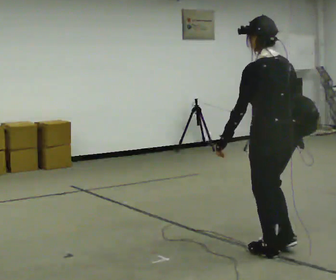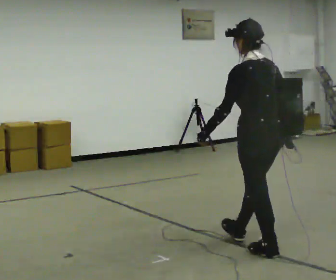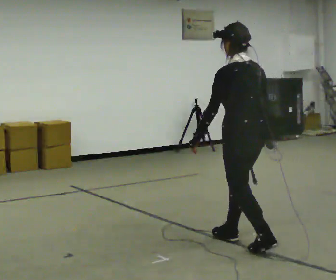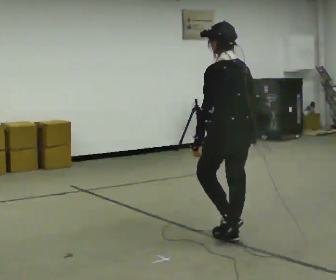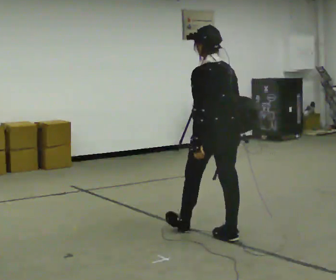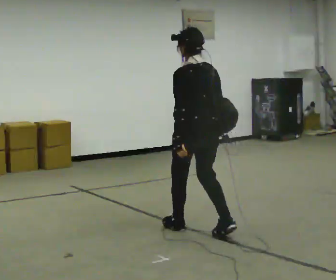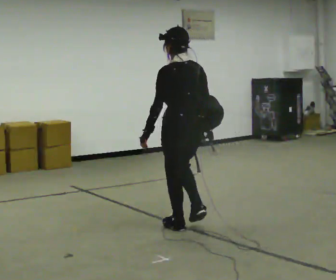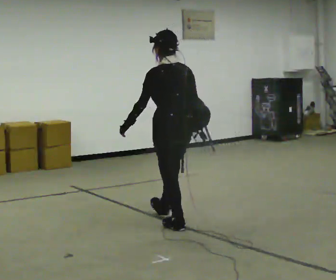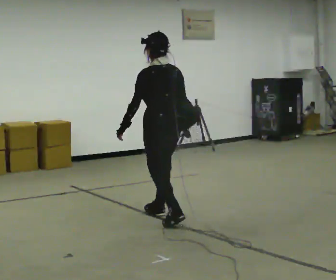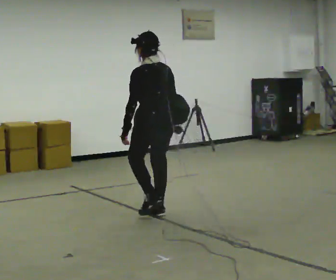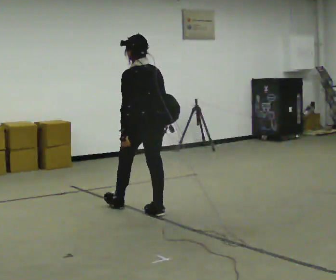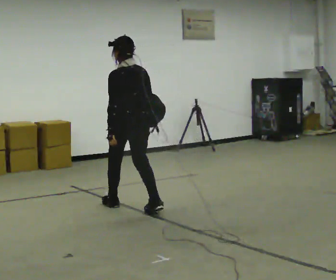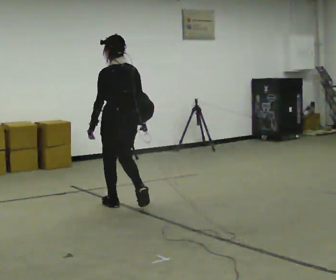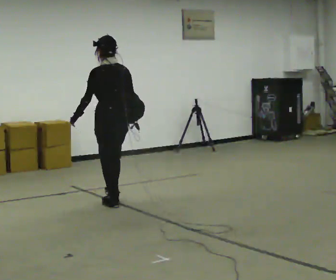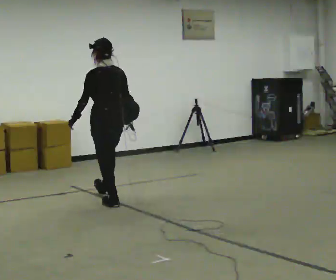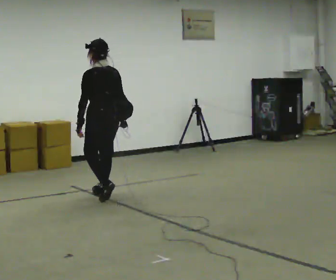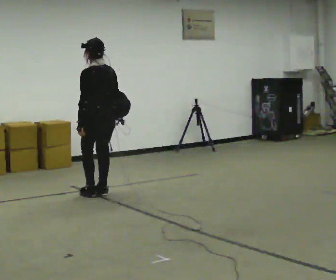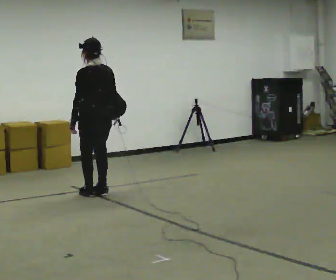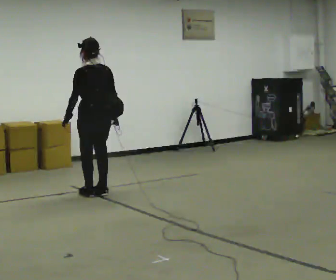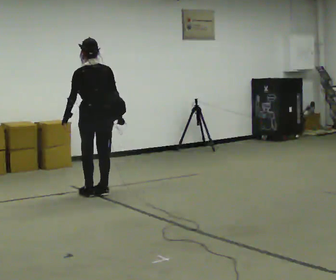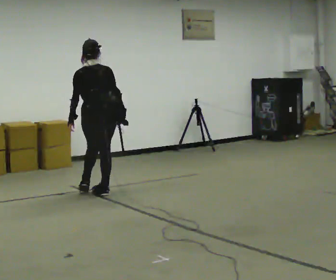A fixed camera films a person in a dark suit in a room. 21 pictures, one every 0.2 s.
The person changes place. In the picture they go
away from the camera.
0.0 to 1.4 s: In the picture they go away from the camera and to the left, about 1 m in 2 steps, which for them is forward.
1.4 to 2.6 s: In the picture they go away from the camera and to the left, about 1 m in 2 steps, which for them is forward.
2.6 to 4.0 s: The person turns about 45 degrees to their right, clockwise seen from above, so the part of the body nearest the lens slides to the left. In the picture they go away from the camera, about 0.5 m in 2 steps, which for them is forward.
The film runs forward here.
